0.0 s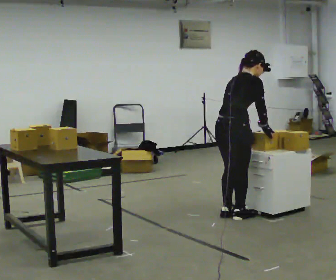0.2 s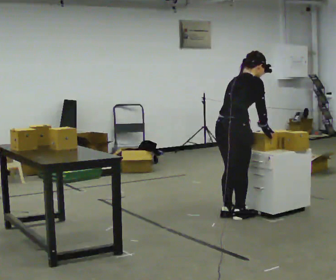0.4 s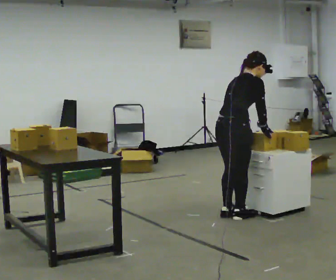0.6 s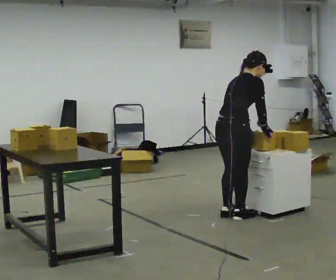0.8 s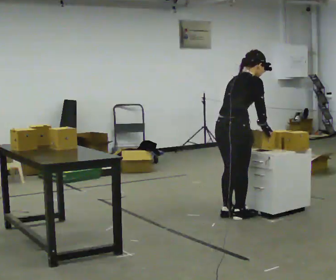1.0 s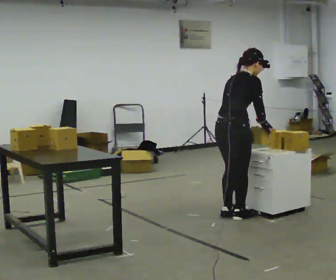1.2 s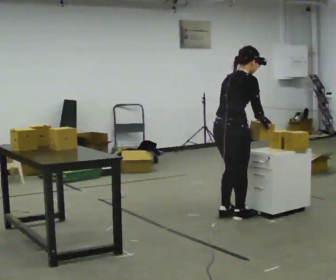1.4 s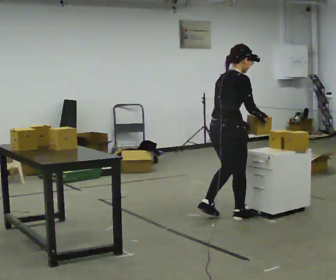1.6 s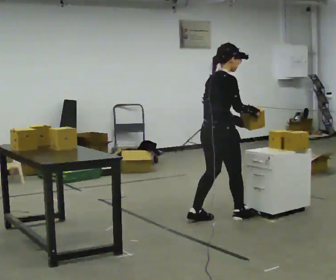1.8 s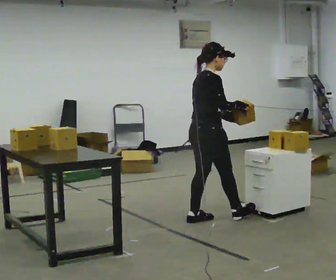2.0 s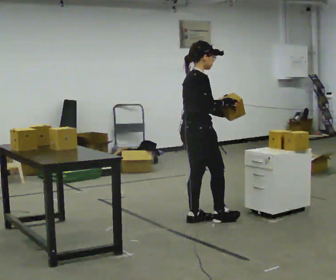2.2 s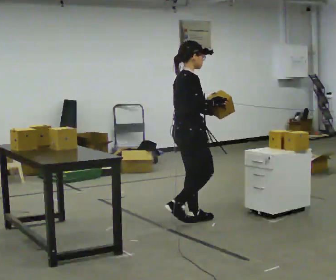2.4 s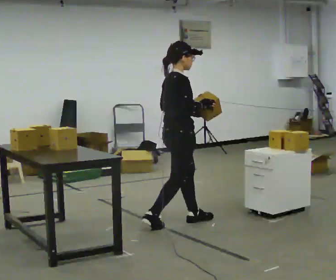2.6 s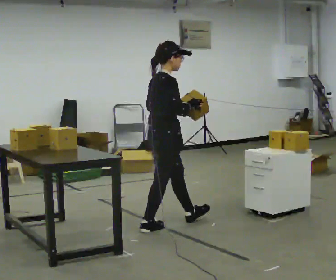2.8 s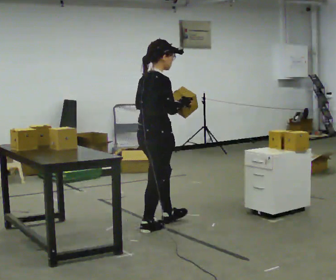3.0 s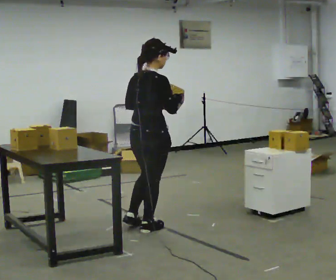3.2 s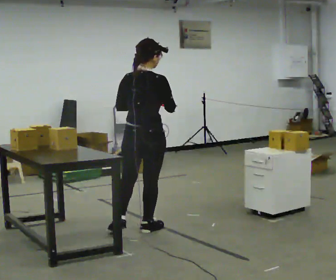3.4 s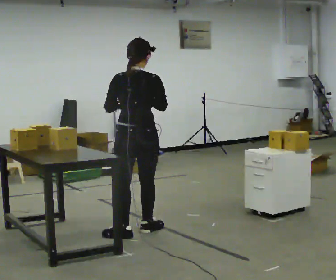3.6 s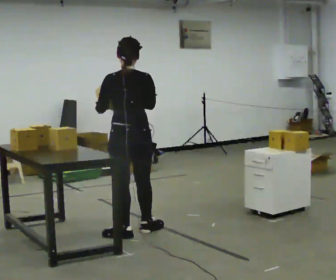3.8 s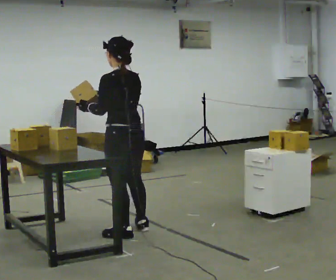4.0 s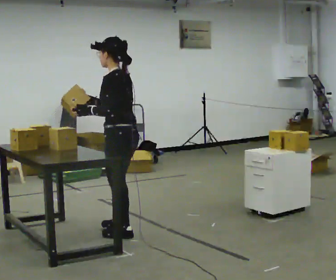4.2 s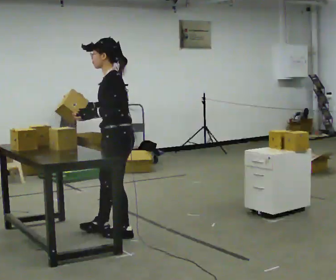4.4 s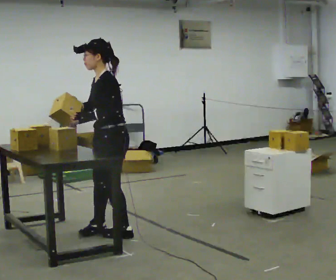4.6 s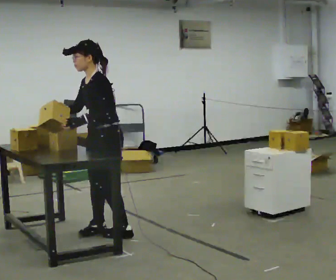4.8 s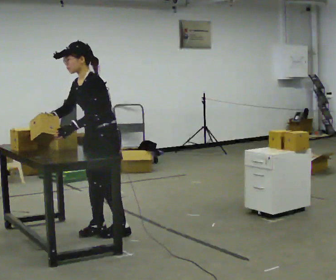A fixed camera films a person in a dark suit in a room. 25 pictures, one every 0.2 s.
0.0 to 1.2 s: The person moves a little, or ends about where they began.
1.2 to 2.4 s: In the picture they go to the left, about 0.5 m in 1 step, which for them is backward. In the picture the upper body tilts counterclockwise, shoulders to the left, as they lean back or straighten.
2.4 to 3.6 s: The person turns about 90 degrees to their left, counterclockwise seen from above, so the part of the body nearest the lens slides to the right. In the picture they go to the left and toward the camera, about 0.5 m in 1 step.
3.6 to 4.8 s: The part of the body nearest the lens slides to the right as the person turns to their left by about 105 degrees. In the picture they go to the left, about 0.25 m in 1 step. In the picture the upper body tilts counterclockwise, shoulders to the left, as they bend forward. In the picture their right hand goes to the left.
The film runs backward here.
